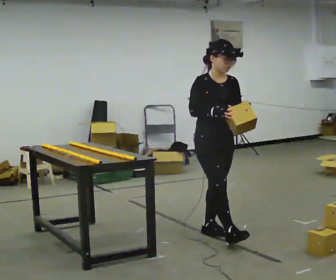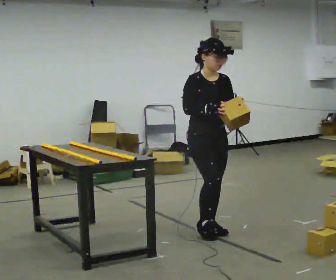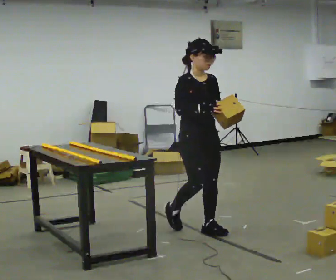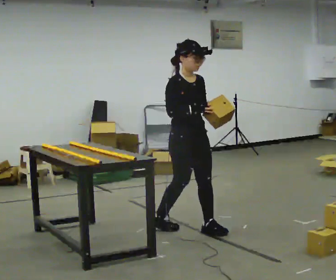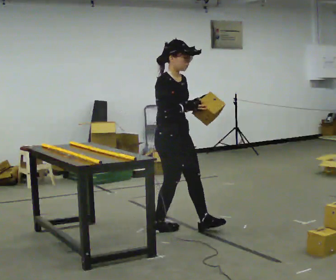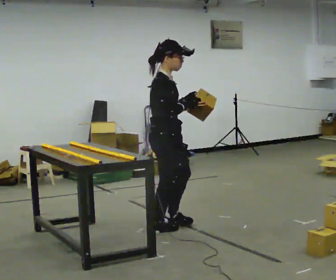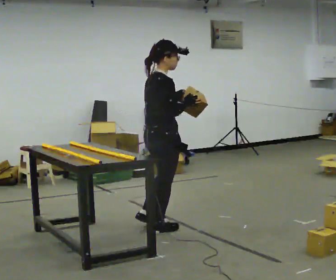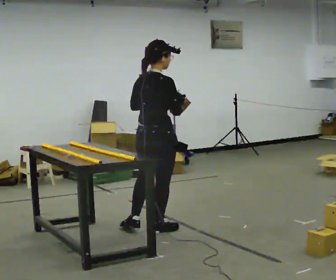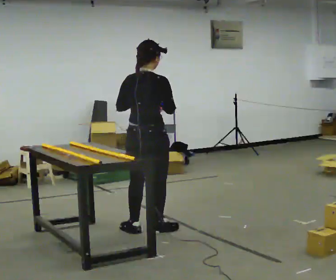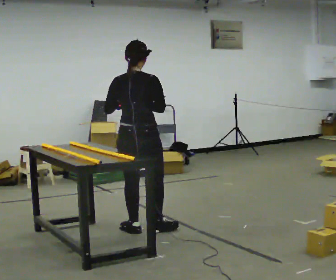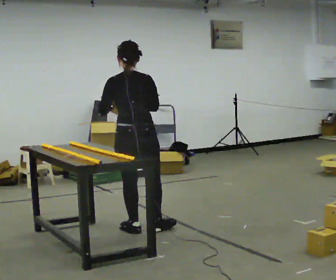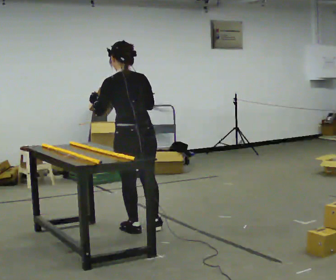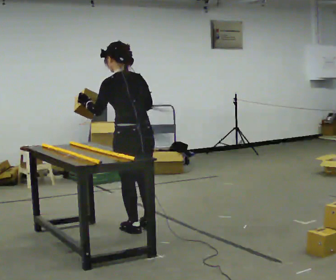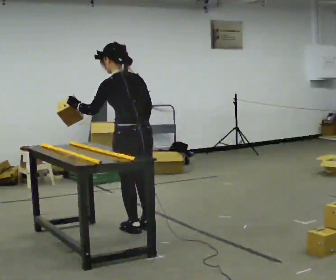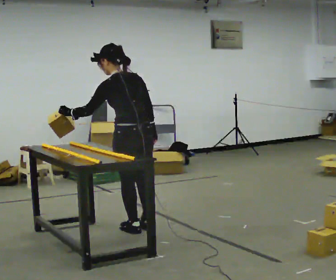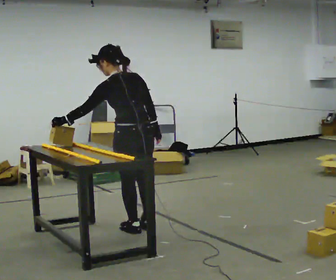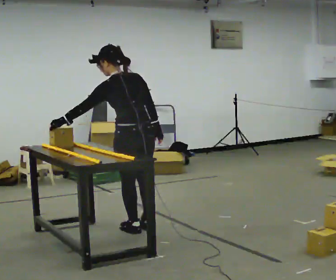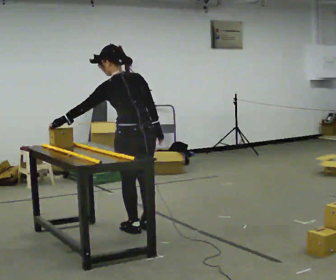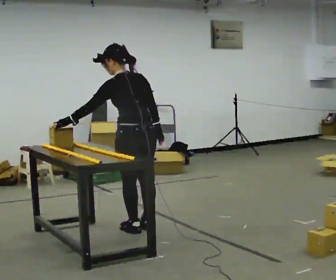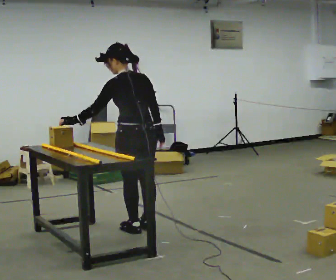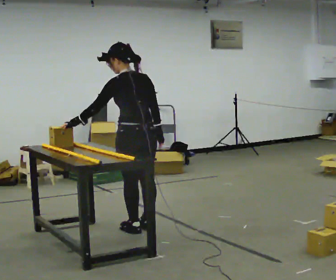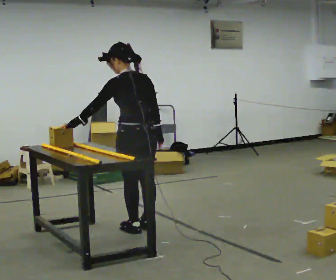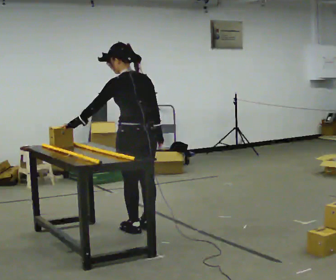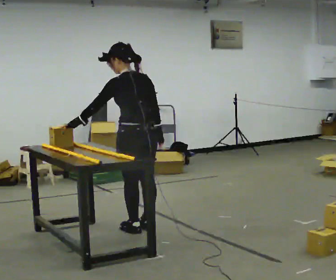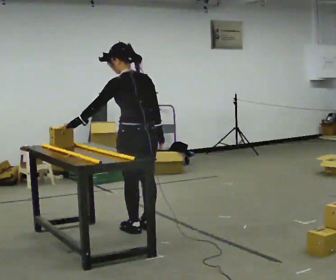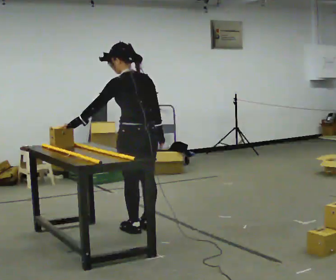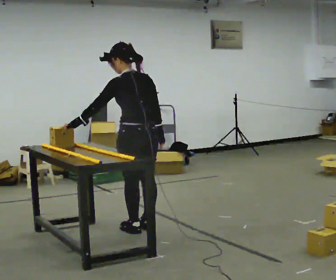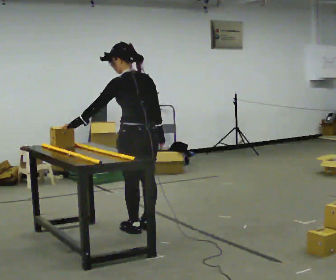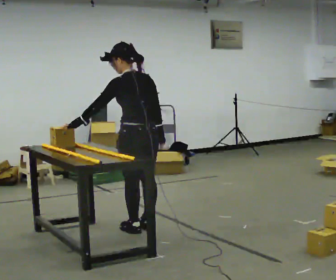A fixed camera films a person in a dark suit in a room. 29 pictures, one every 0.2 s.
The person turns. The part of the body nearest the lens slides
to the right.
The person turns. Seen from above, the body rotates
counterclockwise.
0.0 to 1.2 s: The person turns about 75 degrees to their left, counterclockwise seen from above, so the part of the body nearest the lens slides to the right. In the picture they go to the left and away from the camera, about 0.5 m in 1 step.
1.2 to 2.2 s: The person turns about 90 degrees to their left, counterclockwise seen from above, so the part of the body nearest the lens slides to the right. In the picture they go to the left, about 0.25 m. In the picture their left hand goes to the left.
2.2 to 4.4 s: The person moves a little, or ends about where they began.
4.4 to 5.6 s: The person keeps their place and pose.
The film runs backward here.
